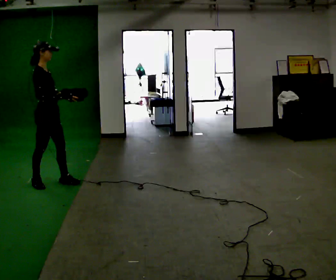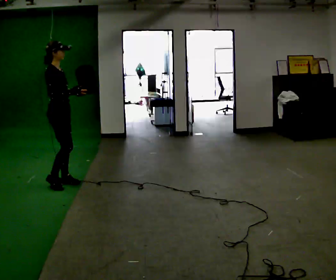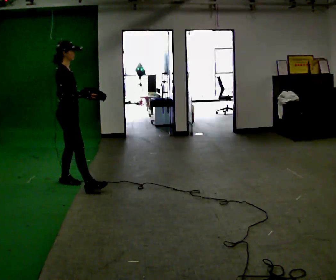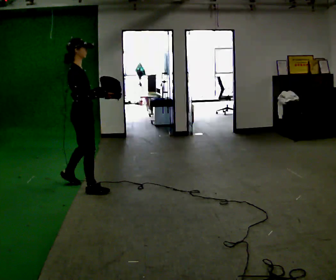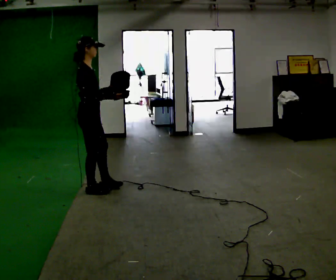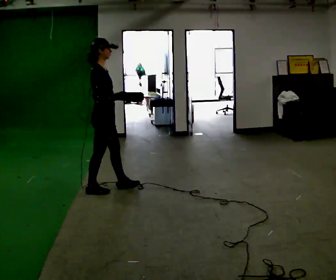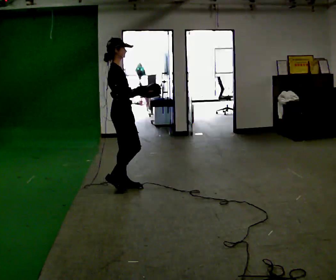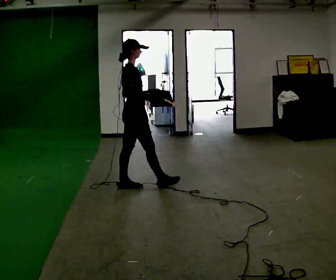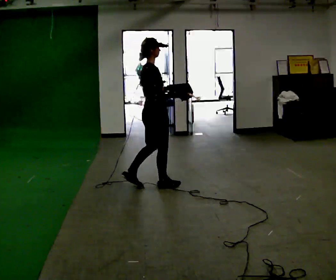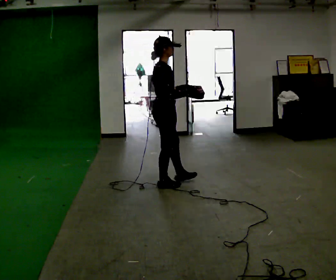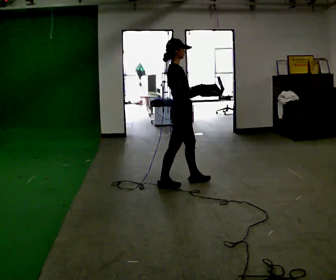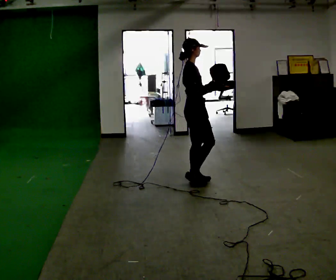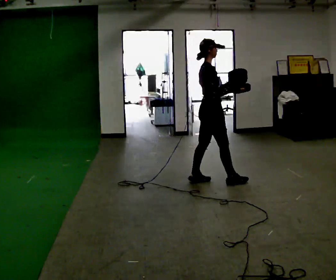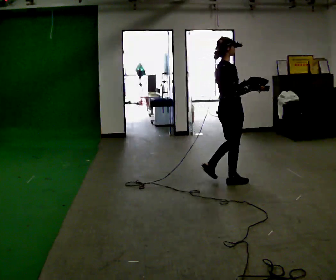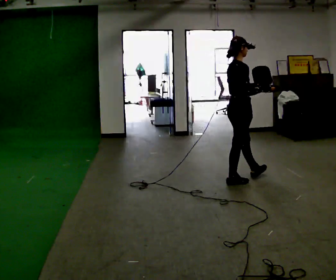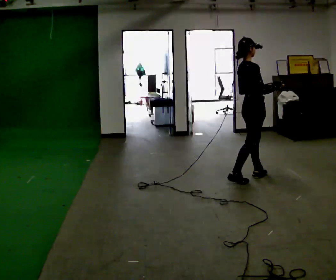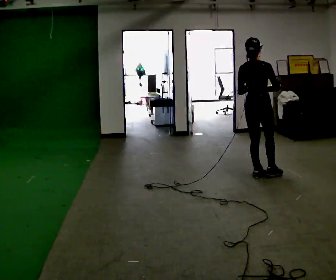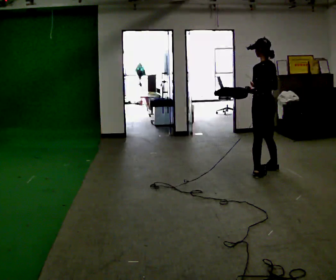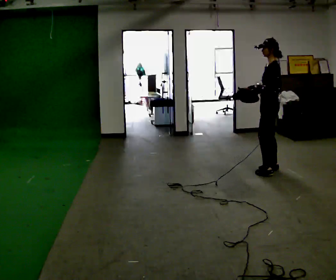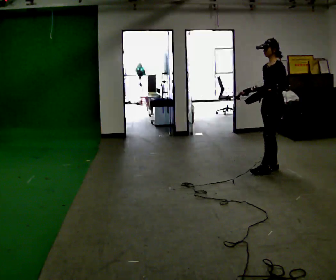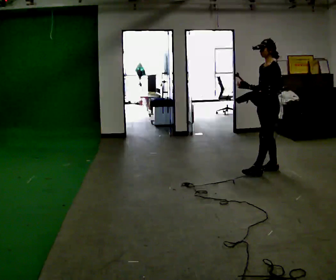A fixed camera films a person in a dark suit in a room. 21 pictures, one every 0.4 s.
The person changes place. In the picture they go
to the right.
0.0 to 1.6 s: In the picture they go to the right, about 0.5 m in 1 step, which for them is to their right.
1.6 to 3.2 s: In the picture they go to the right, about 0.75 m in 2 steps, which for them is to their right and forward.
3.2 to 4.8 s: In the picture they go to the right, about 0.75 m in 2 steps, which for them is forward and to their right.
4.8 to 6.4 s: The person turns about 60 degrees to their left, counterclockwise seen from above, so the part of the body nearest the lens slides to the right. In the picture they go to the right, about 0.5 m in 1 step.
6.4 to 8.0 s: Seen from above the body turns counterclockwise, about 120 degrees: to their left, with its near side sliding to the right. In the picture they go away from the camera, about 0.25 m in 2 steps. In the picture the upper body tilts clockwise, shoulders to the right.
The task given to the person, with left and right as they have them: Carry the open container and, while walking, reach in with one hand and take an item out, then put it back. Repeat as you walk. Do not stop.
The film runs forward here.
